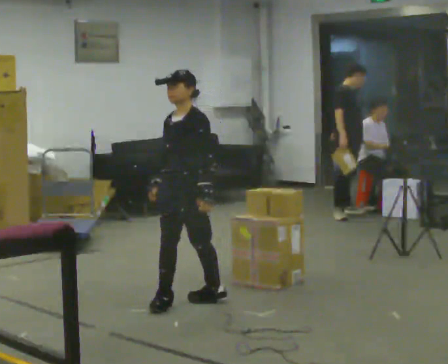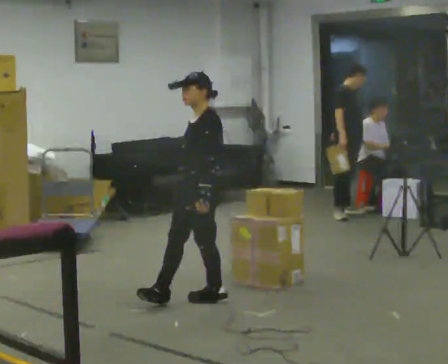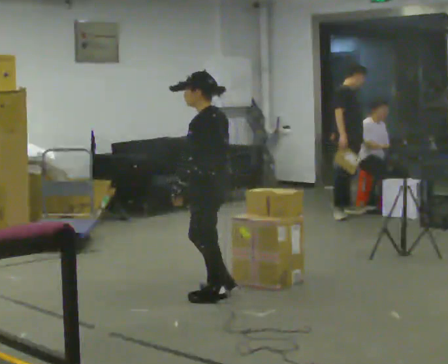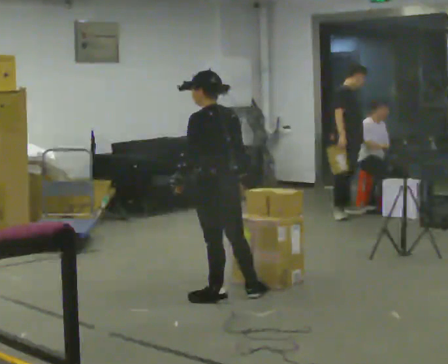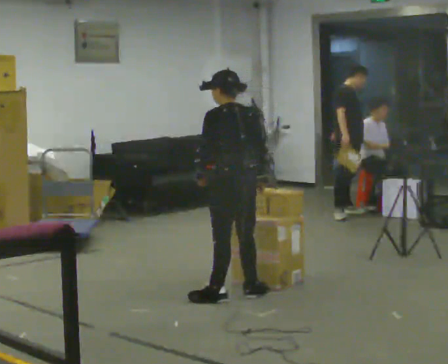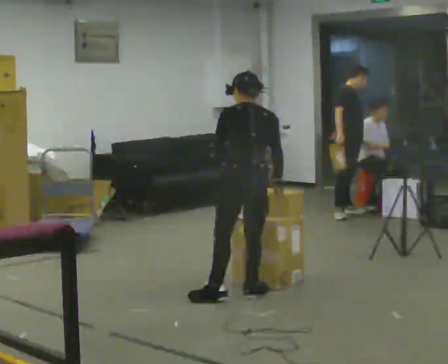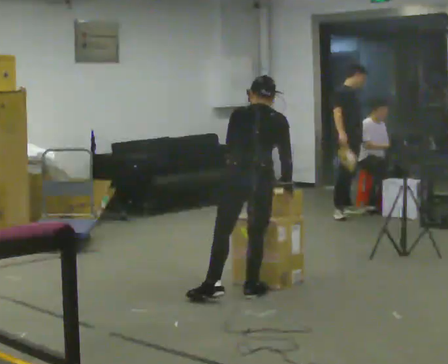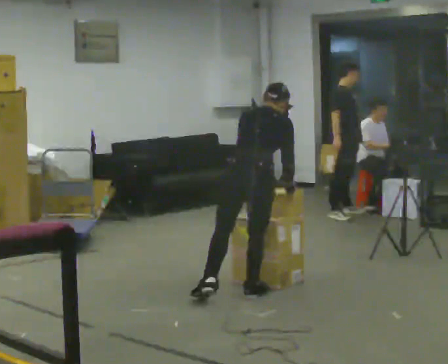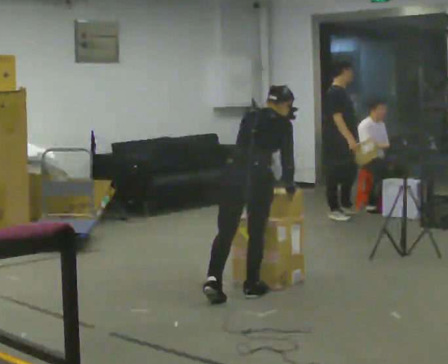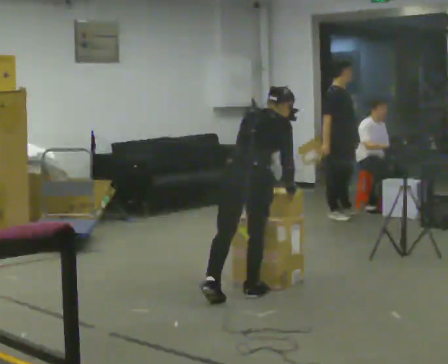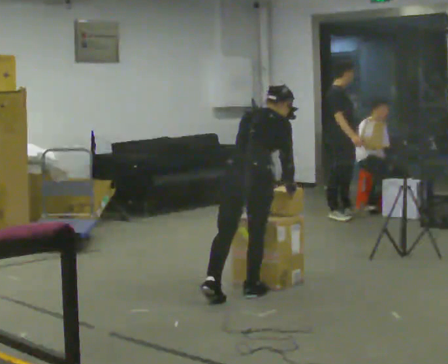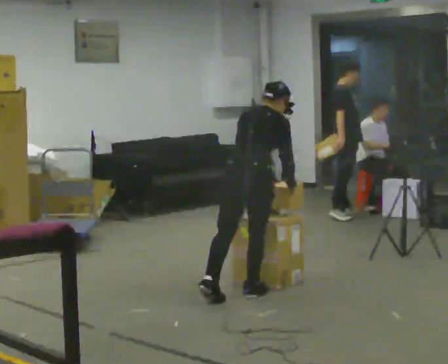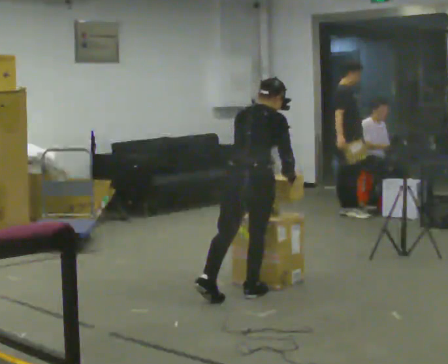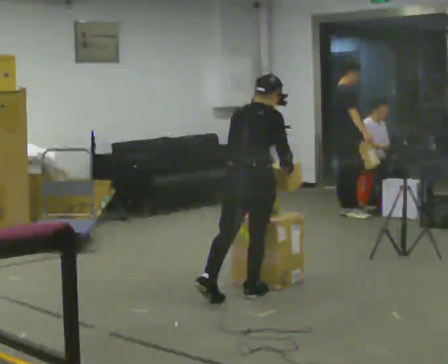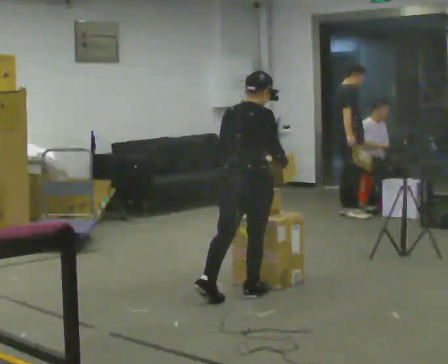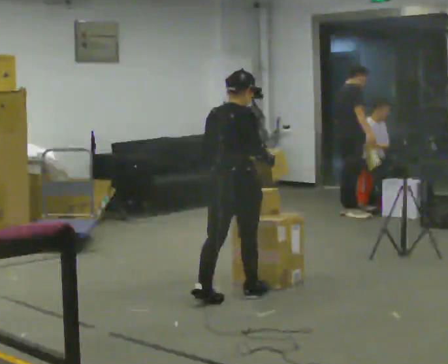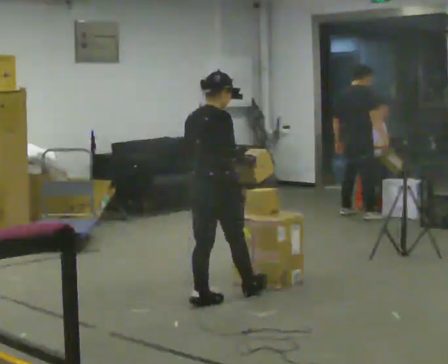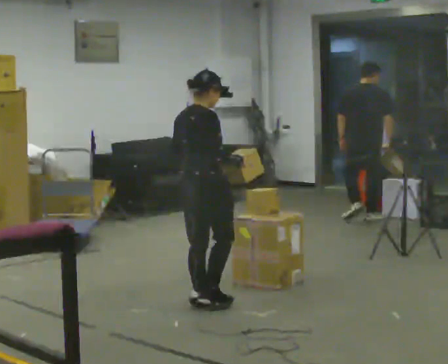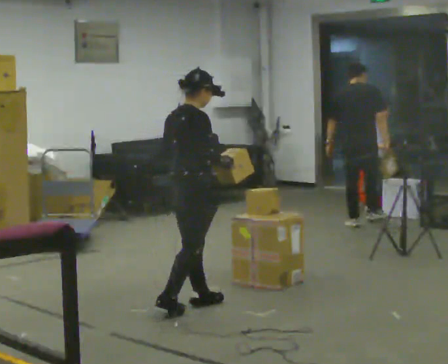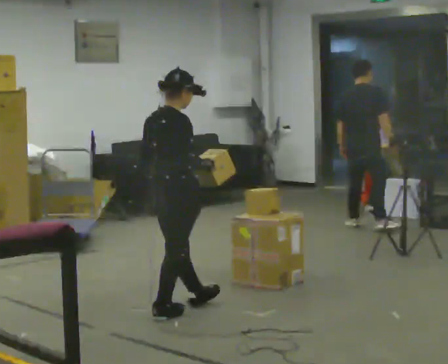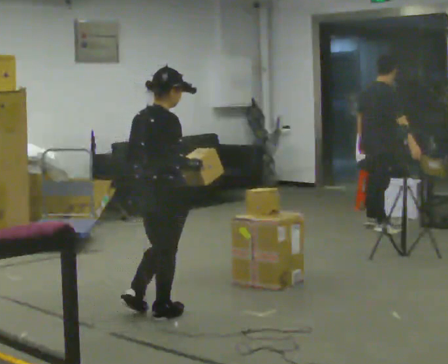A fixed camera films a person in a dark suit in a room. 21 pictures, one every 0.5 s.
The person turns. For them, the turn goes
to their right.
The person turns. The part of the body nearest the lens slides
to the left.
0.0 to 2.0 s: The person turns about 105 degrees to their right, clockwise seen from above, so the part of the body nearest the lens slides to the left. In the picture they go to the right and away from the camera, about 0.25 m in 1 step.
2.0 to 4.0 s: The part of the body nearest the lens slides to the left as the person turns to their right by about 60 degrees. The upper body tips away from the camera, its near side rolling upward, as they bend forward. In the picture their left hand goes to the right.
4.0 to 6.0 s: The person moves a little, or ends about where they began.
6.0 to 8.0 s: In the picture they go to the left and toward the camera, about 0.25 m, which for them is backward. The upper body tips toward the camera, its near side rolling downward, as they lean back or straighten.
8.0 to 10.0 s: In the picture they go toward the camera and to the left, about 0.5 m in 2 steps, which for them is backward.
The film runs backward here.
